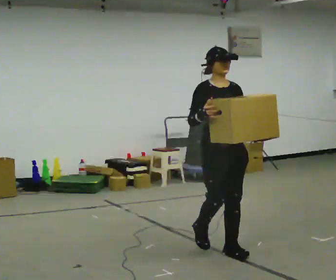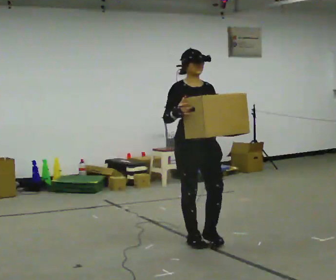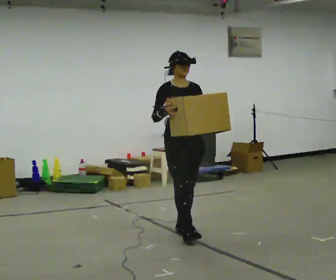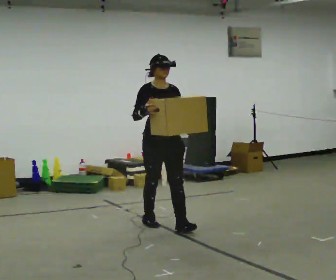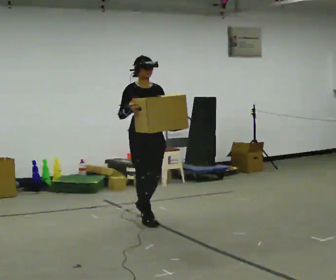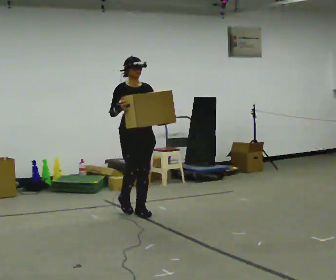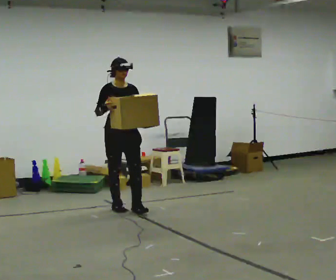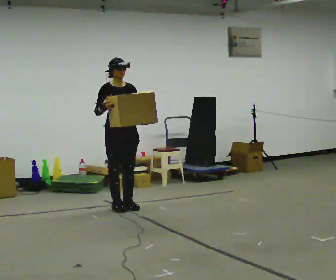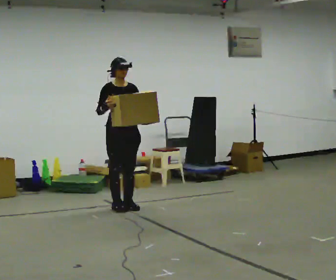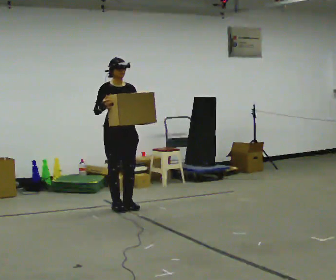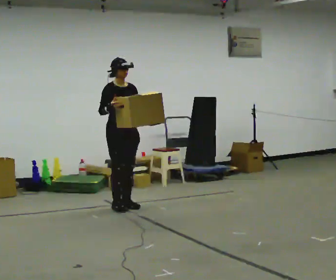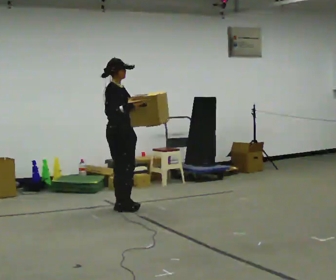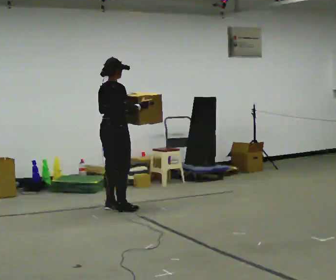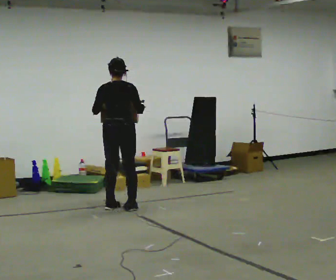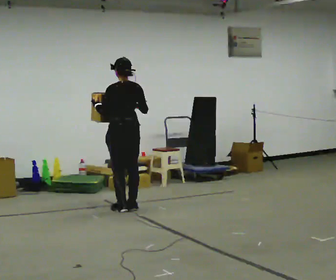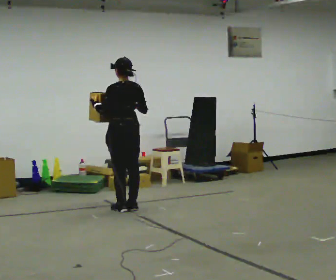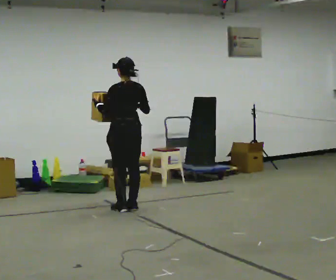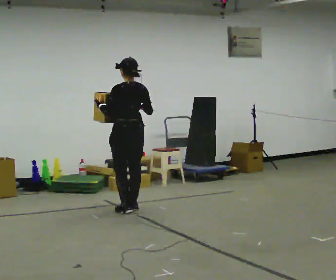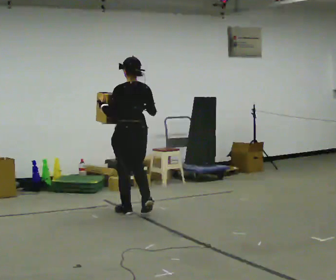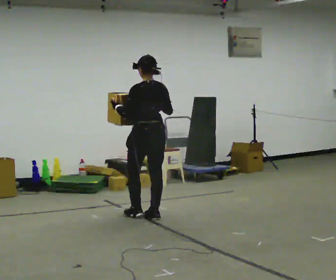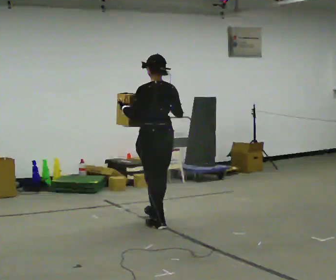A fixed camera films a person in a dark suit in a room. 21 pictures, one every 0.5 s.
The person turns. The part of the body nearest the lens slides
to the right.
The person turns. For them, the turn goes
to their left.
0.0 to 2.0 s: In the picture they go away from the camera and to the left, about 1.5 m in 3 steps, which for them is backward.
2.0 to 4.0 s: In the picture they go away from the camera and to the left, about 0.5 m in 2 steps, which for them is backward.
4.0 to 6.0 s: Seen from above the body turns counterclockwise, about 105 degrees: to their left, with its near side sliding to the right. In the picture their left hand goes to the left.
6.0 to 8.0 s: Seen from above the body turns counterclockwise, about 75 degrees: to their left, with its near side sliding to the right.
8.0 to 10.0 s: In the picture they go toward the camera and to the right, about 0.5 m in 3 steps, which for them is backward.
The film runs backward here.
